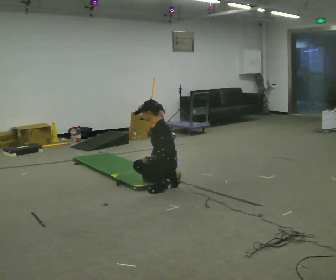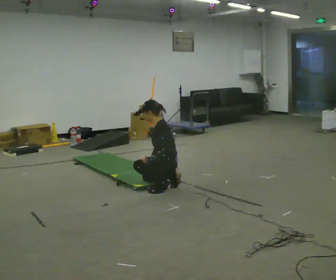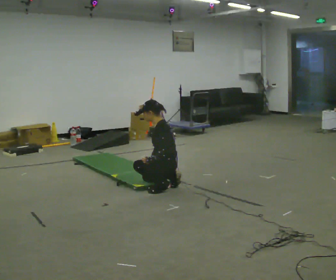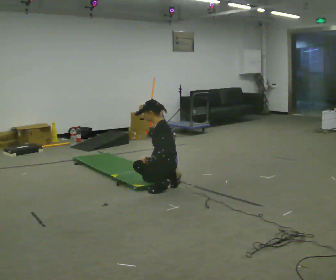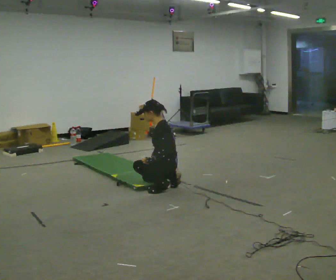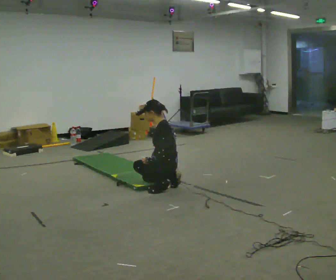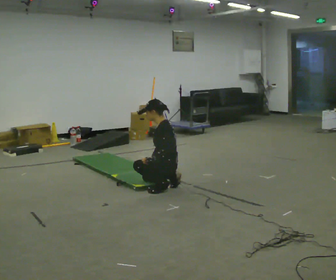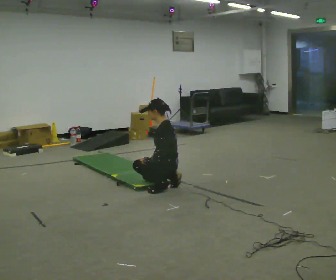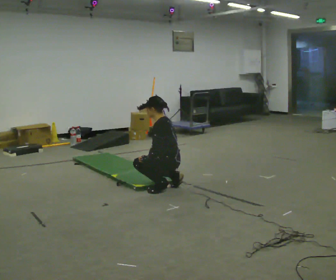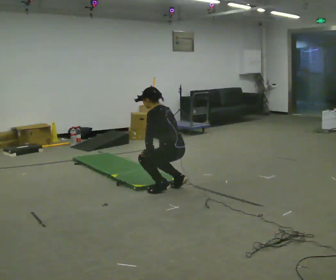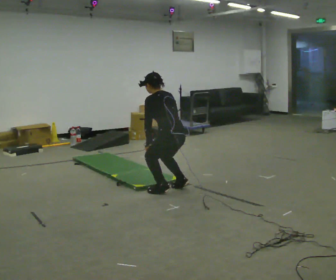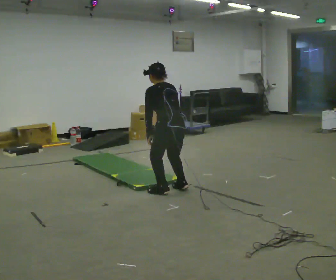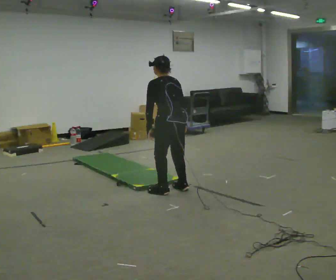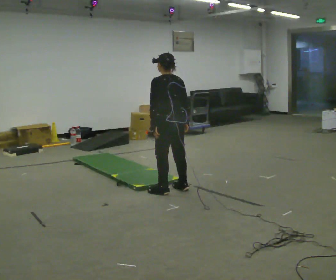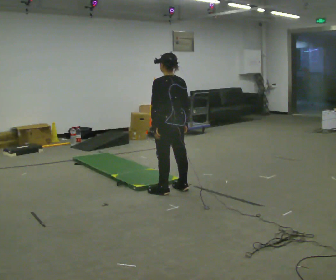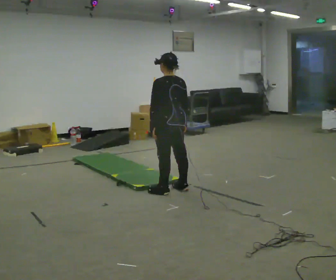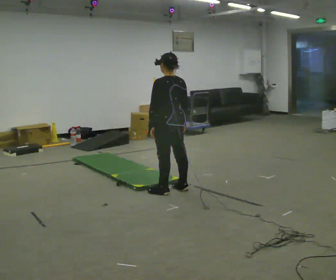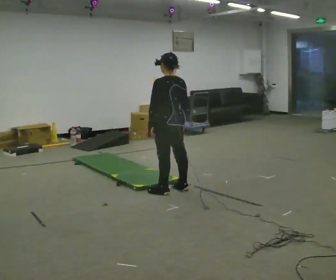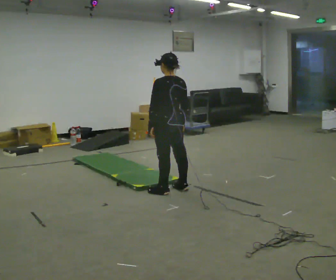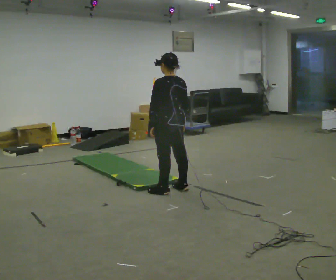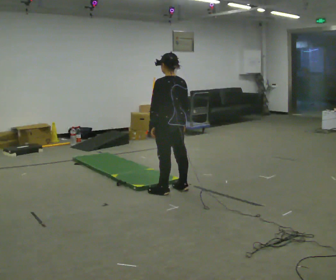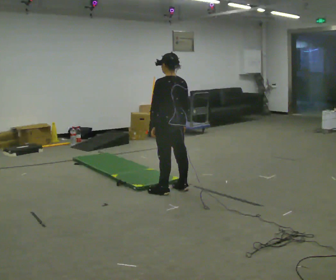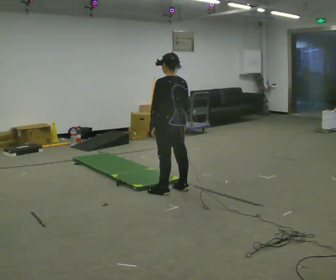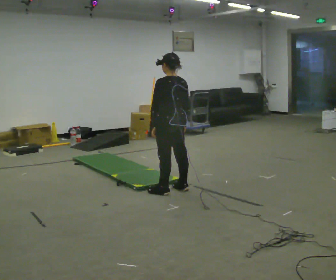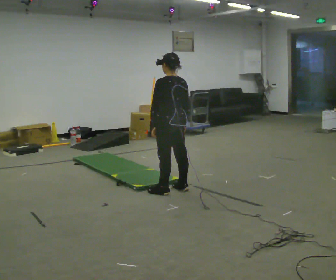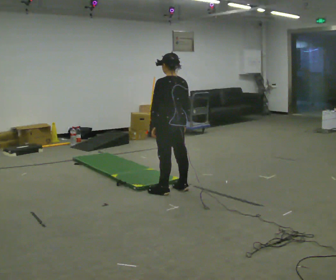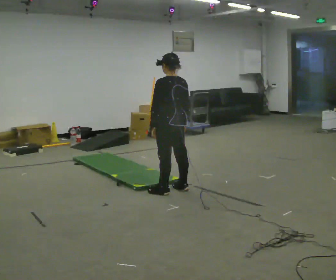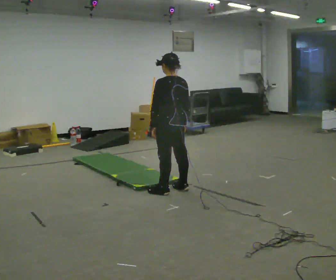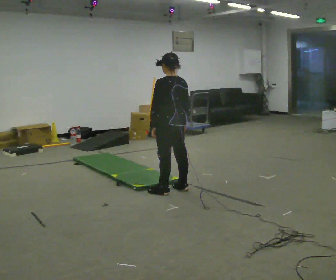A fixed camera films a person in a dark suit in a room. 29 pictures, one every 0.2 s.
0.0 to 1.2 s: The person moves a little, or ends about where they began.
1.2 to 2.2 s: The part of the body nearest the lens slides to the left as the person turns to their right by about 60 degrees. The shoulders move upward. In the picture their right hand goes upward.
2.2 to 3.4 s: The upper body tips toward the camera, its near side rolling downward, as they lean back or straighten.
3.4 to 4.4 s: The person moves a little, or ends about where they began.
4.4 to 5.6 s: The person keeps their place and pose.
The film runs forward here.
